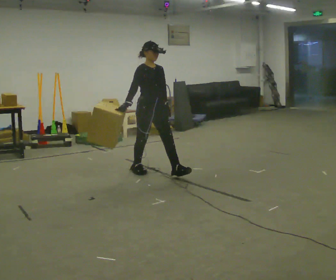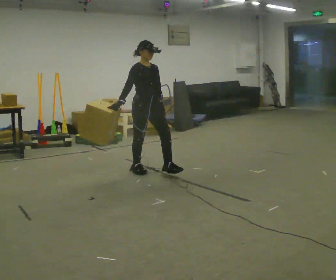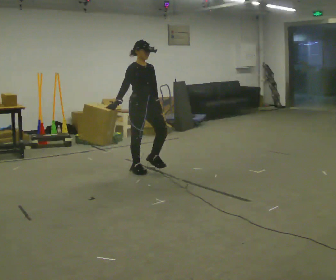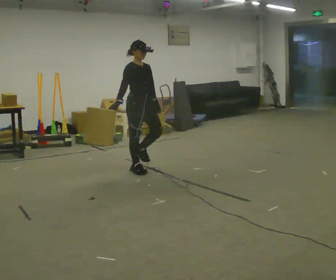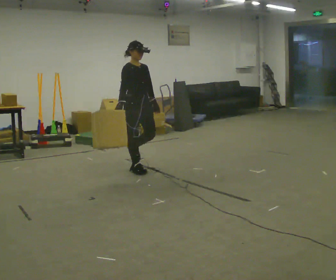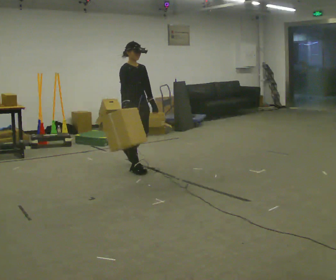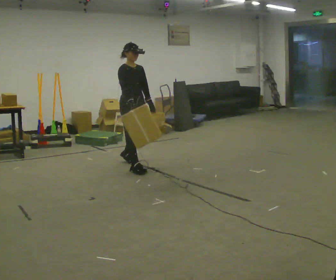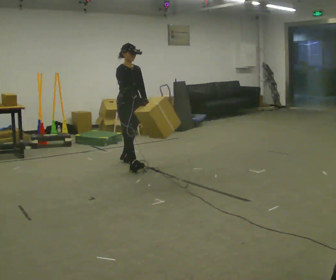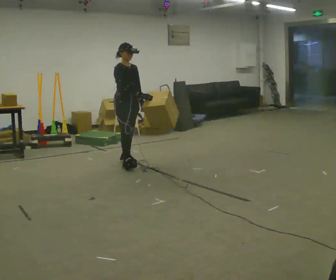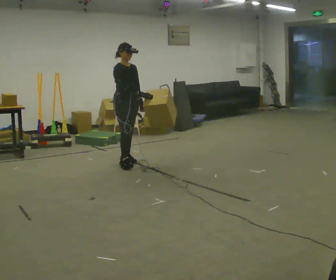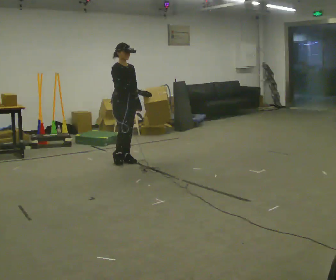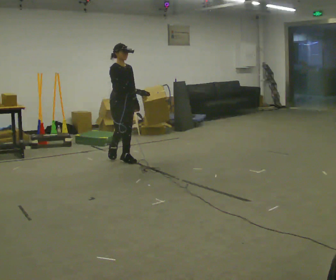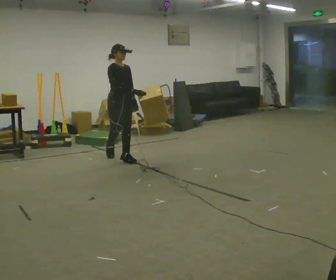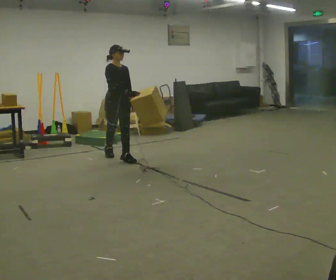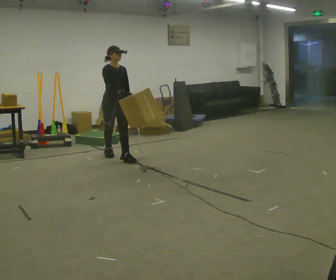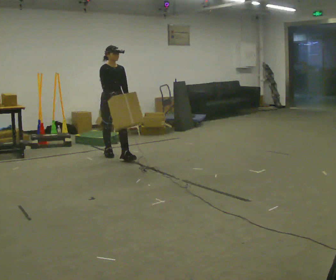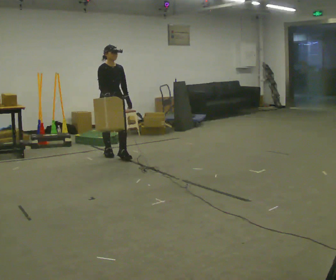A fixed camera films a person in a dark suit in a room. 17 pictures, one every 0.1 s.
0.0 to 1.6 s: In the picture they go away from the camera and to the left, about 1 m in 2 steps, which for them is backward.
The film runs backward here.
